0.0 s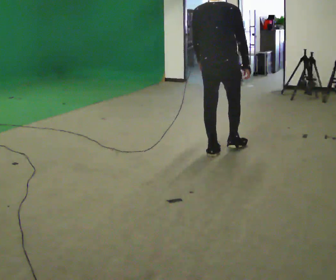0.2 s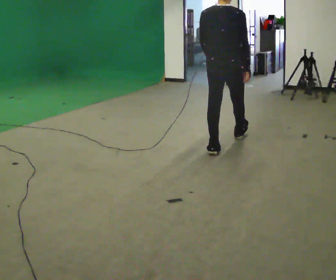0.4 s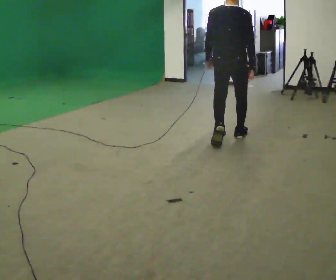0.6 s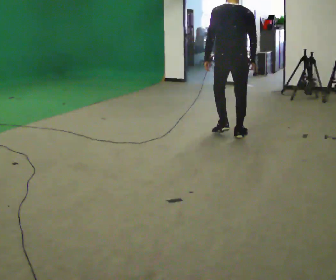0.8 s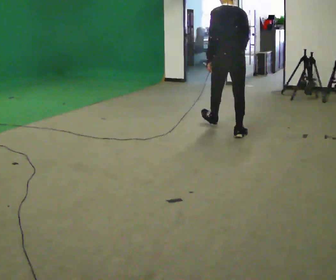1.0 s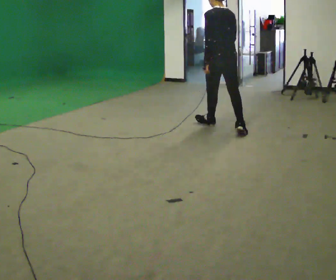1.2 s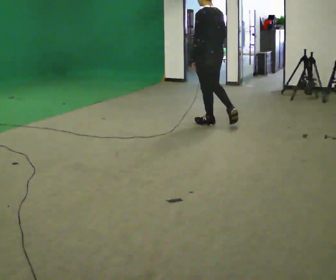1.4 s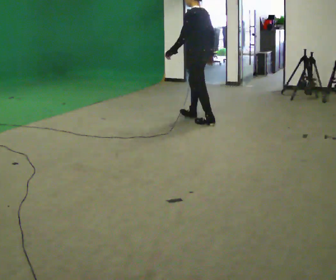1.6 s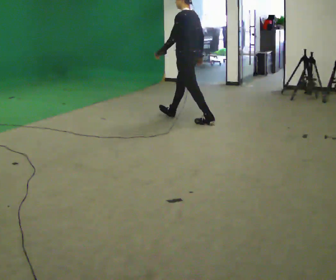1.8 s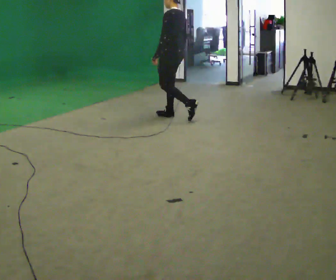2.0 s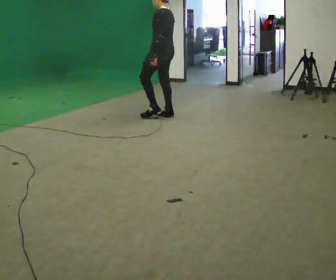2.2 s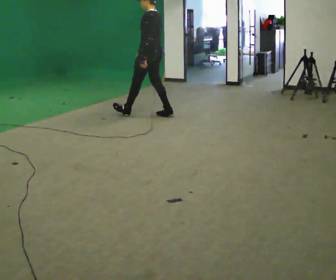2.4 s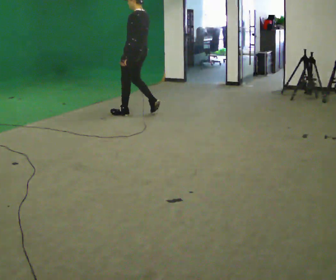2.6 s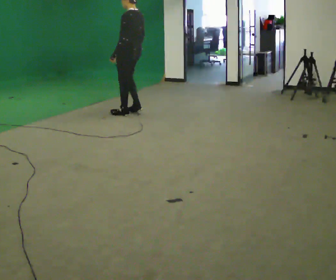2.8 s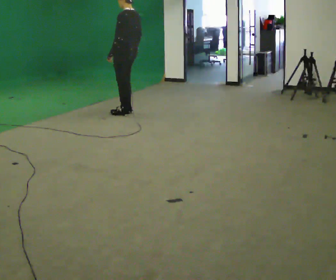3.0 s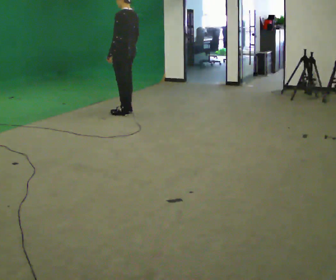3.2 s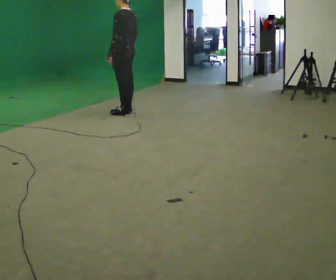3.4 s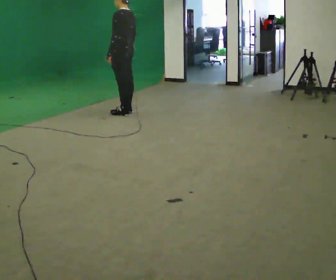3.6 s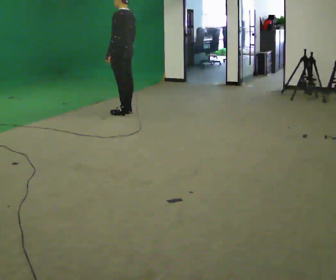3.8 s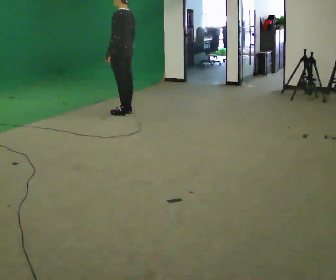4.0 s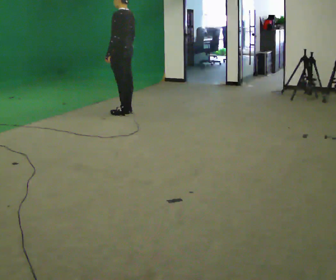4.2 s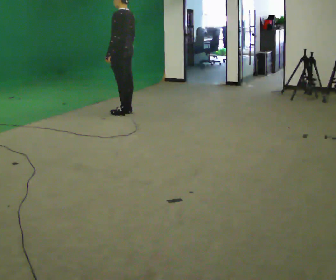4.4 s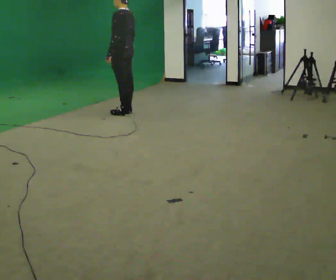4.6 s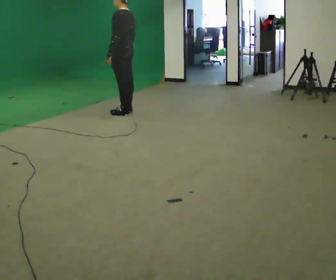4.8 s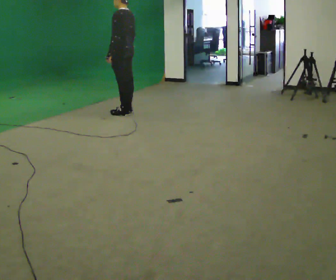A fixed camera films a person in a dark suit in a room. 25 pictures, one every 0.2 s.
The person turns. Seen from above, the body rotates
counterclockwise.
The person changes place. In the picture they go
away from the camera.
0.0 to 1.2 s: Seen from above the body turns counterclockwise, about 60 degrees: to their left, with its near side sliding to the right. In the picture they go away from the camera, about 1 m in 2 steps.
1.2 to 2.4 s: In the picture they go to the left and away from the camera, about 1 m in 2 steps, which for them is forward.
2.4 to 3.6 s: In the picture they go to the left, about 0.25 m in 1 step, which for them is forward.
3.6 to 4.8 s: The person keeps their place and pose.
The film runs forward here.
